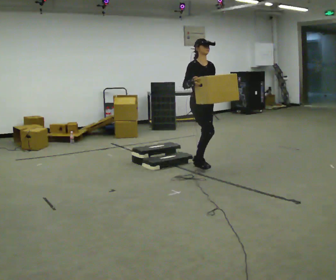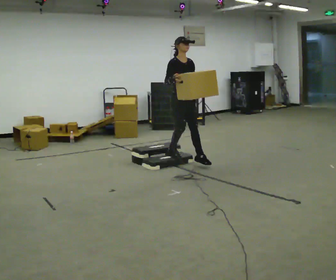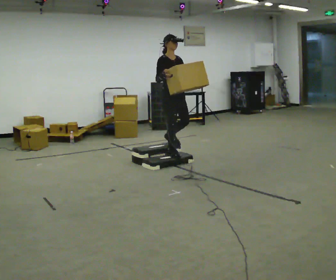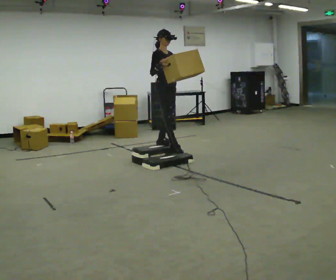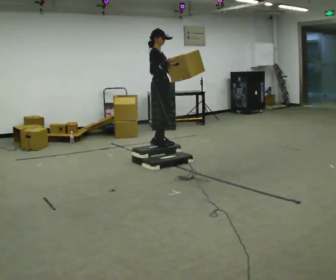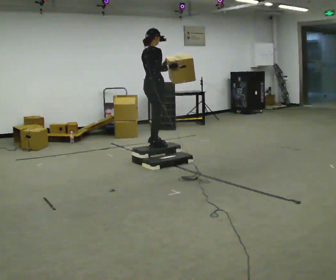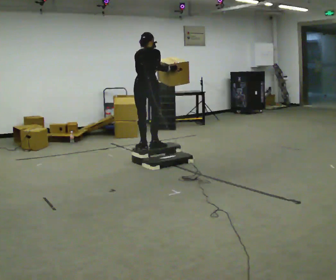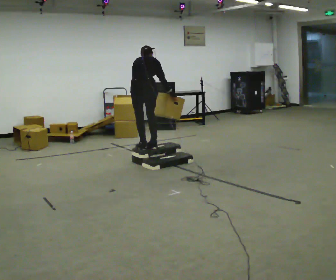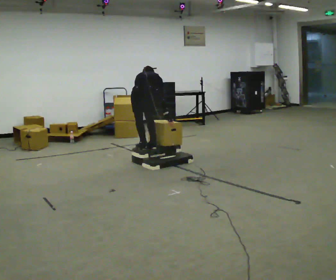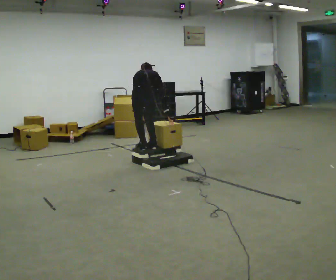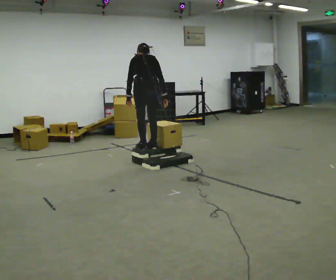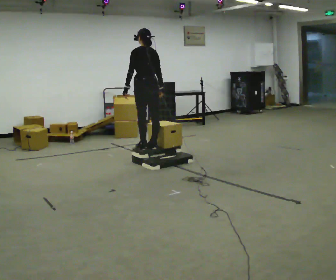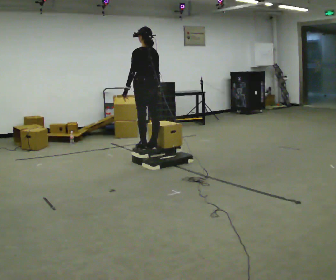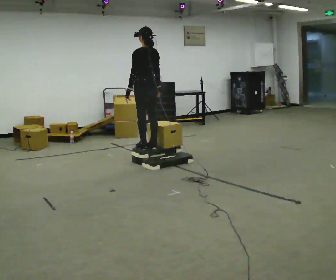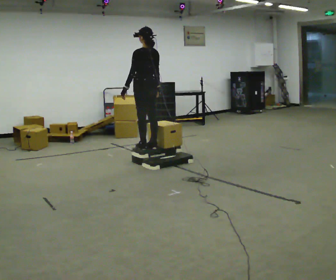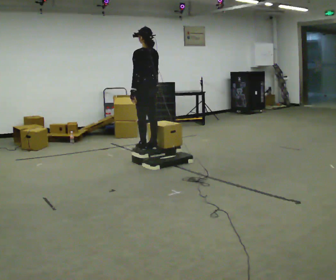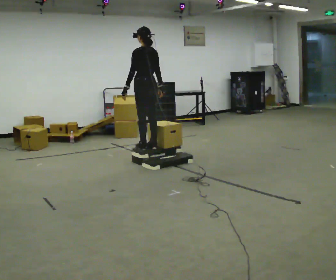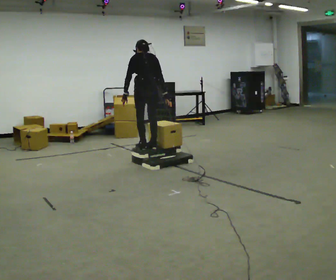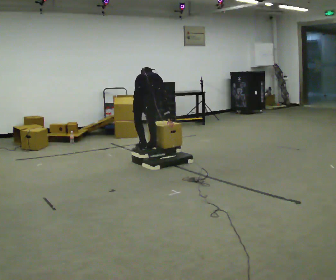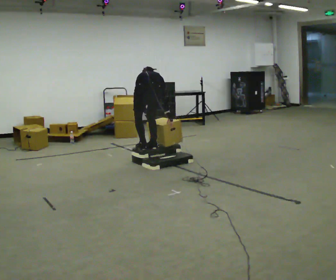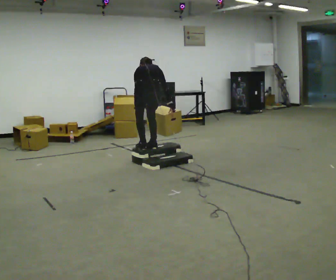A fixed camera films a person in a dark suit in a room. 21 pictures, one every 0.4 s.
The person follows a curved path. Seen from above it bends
counterclockwise.
0.0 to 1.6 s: Seen from above the body turns counterclockwise, about 30 degrees: to their left, with its near side sliding to the right. In the picture they go away from the camera and to the left, about 1 m in 2 steps, which for them is backward. The shoulders move upward.
1.6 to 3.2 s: The part of the body nearest the lens slides to the right as the person turns to their left by about 105 degrees. In the picture they go toward the camera and to the left, about 0.25 m in 1 step. The shoulders move downward. The upper body tips away from the camera, its near side rolling upward, as they bend forward. In the picture their left hand goes downward.
3.2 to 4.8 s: The part of the body nearest the lens slides to the right as the person turns to their left by about 30 degrees. The upper body goes upward. The upper body tips toward the camera, its near side rolling downward, as they lean back or straighten. In the picture their right hand goes upward.
4.8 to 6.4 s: The person moves a little, or ends about where they began.
6.4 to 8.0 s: The part of the body nearest the lens slides to the left as the person turns to their right by about 45 degrees. In the picture they go toward the camera, about 0.25 m, which for them is backward. The upper body tips away from the camera, its near side rolling upward, as they bend forward.
The film runs backward here.
